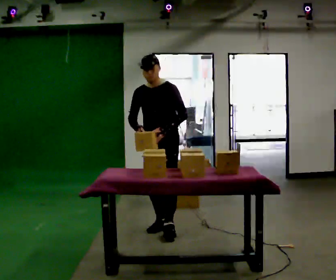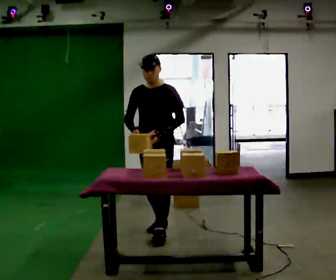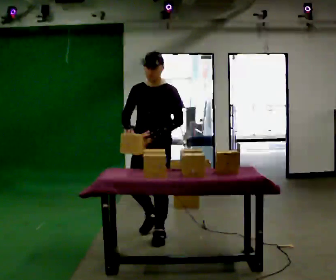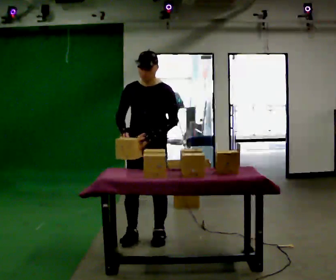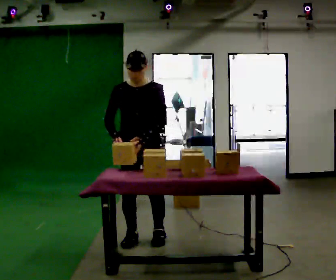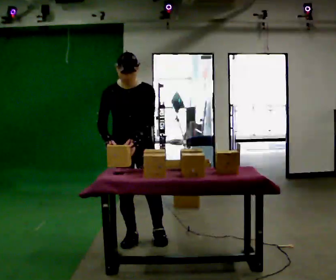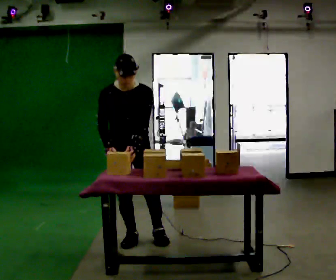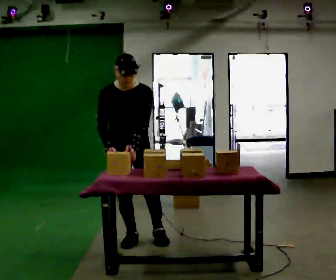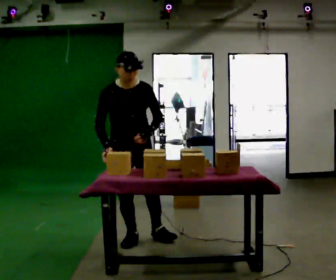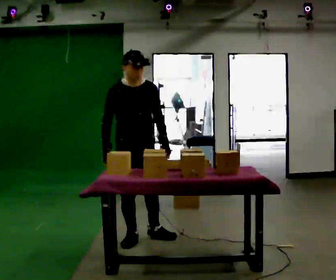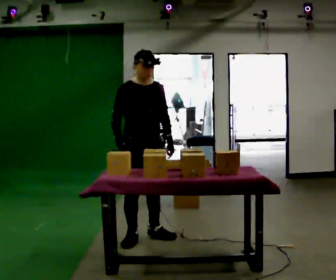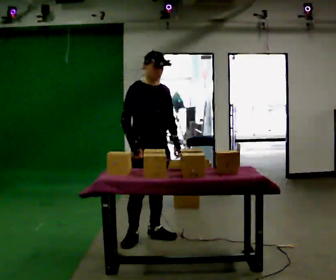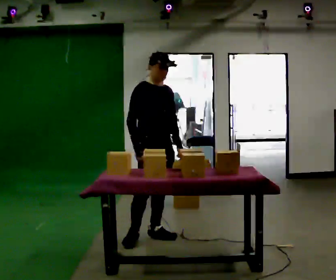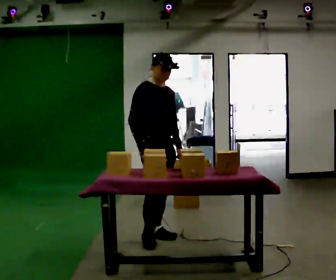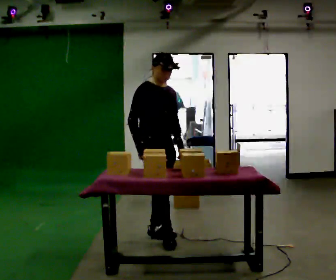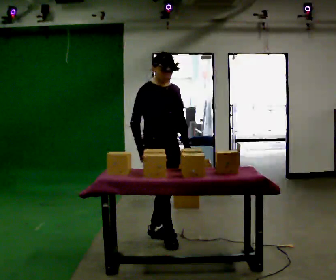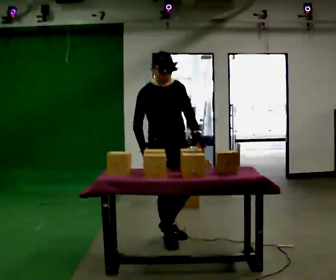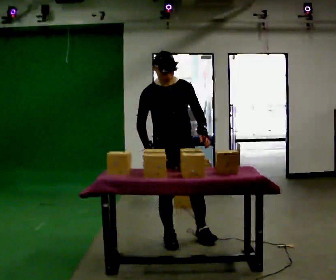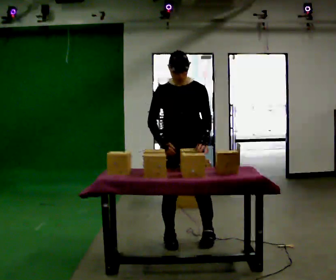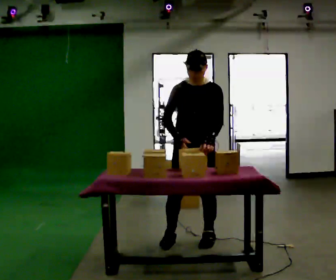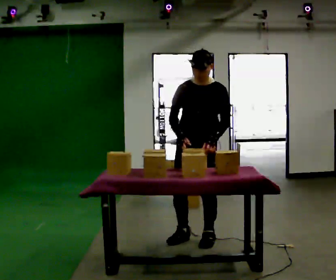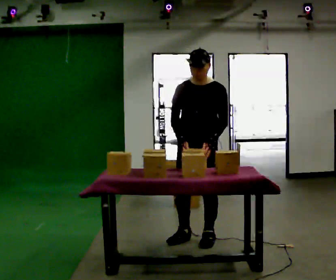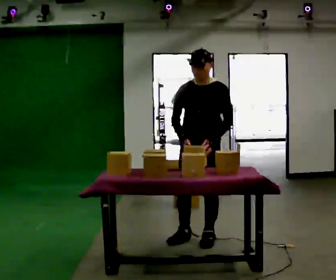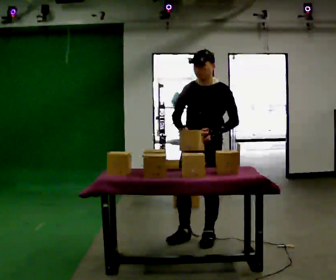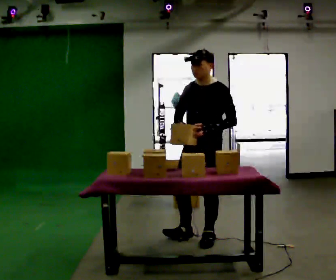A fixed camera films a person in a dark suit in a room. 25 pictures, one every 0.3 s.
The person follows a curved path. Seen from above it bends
counterclockwise.
0.0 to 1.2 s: In the picture they go toward the camera and to the left, about 0.5 m in 2 steps, which for them is forward.
1.2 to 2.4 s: The part of the body nearest the lens slides to the right as the person turns to their left by about 30 degrees.
2.4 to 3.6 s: In the picture they go to the right, about 0.25 m, which for them is to their left. The upper body tips away from the camera, its near side rolling upward, as they lean back or straighten.
3.6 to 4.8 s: The person moves a little, or ends about where they began.
4.8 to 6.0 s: Seen from above the body turns clockwise, about 45 degrees: to their right, with its near side sliding to the left. In the picture they go to the right, about 0.25 m in 2 steps, which for them is to their left.
6.0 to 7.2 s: The person turns about 30 degrees to their right, clockwise seen from above, so the part of the body nearest the lens slides to the left.
The film runs forward here.
